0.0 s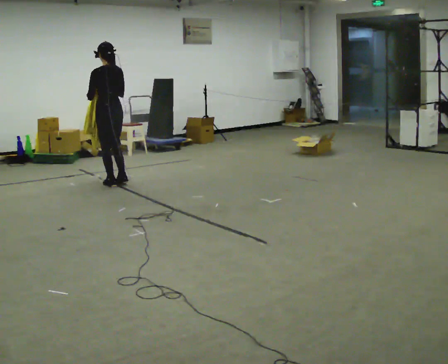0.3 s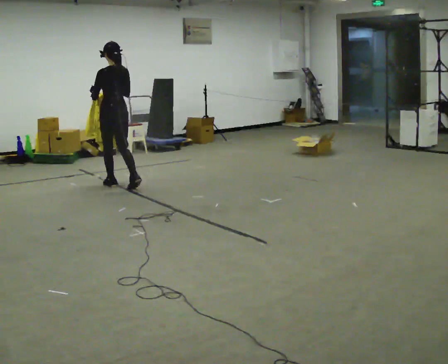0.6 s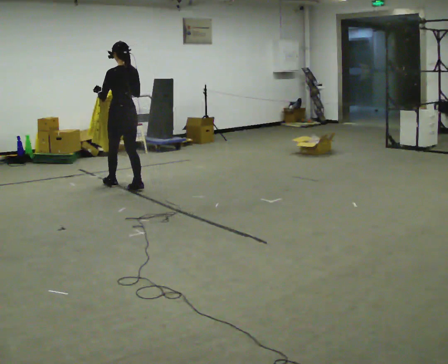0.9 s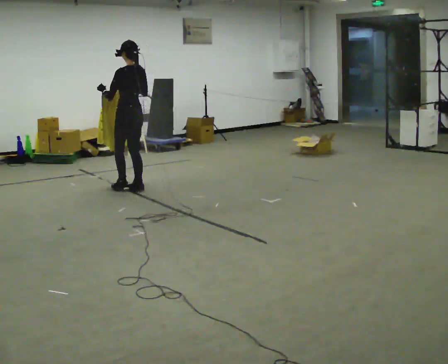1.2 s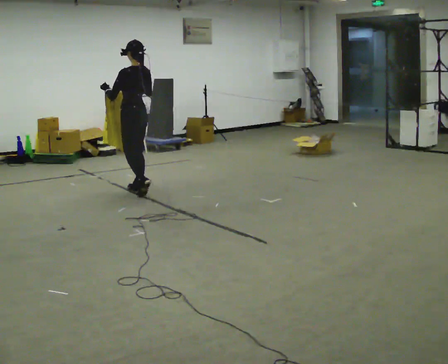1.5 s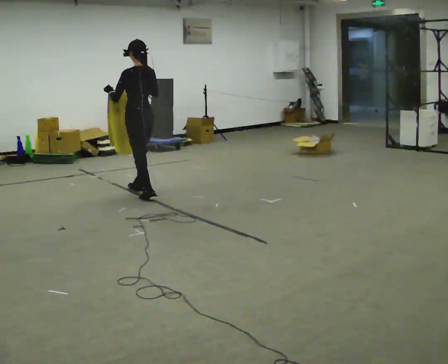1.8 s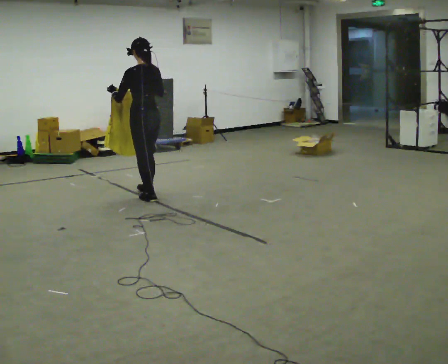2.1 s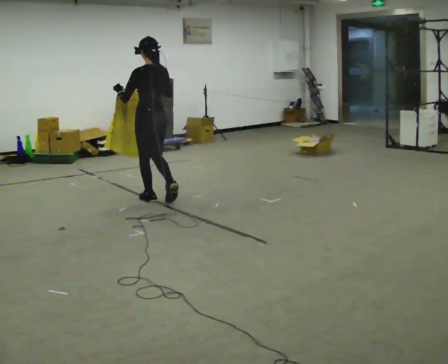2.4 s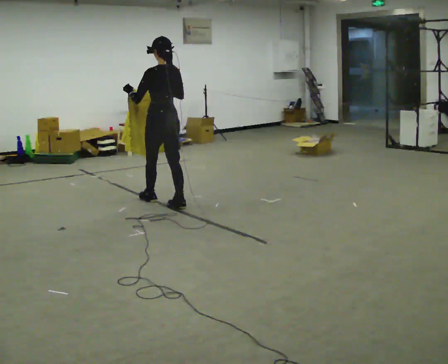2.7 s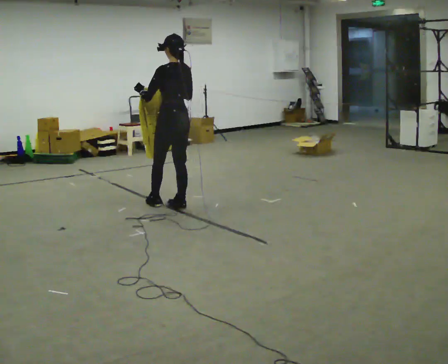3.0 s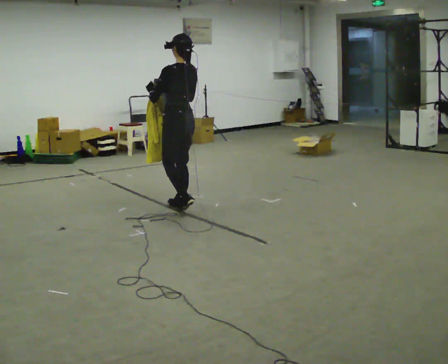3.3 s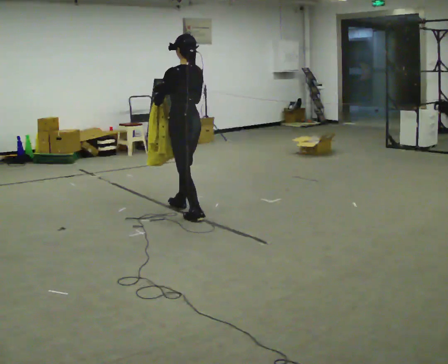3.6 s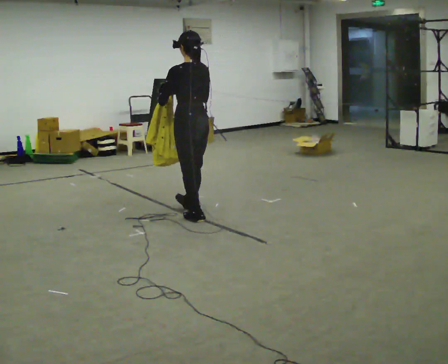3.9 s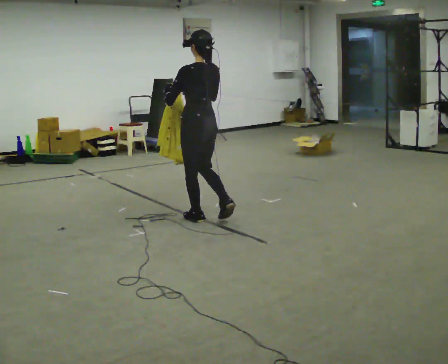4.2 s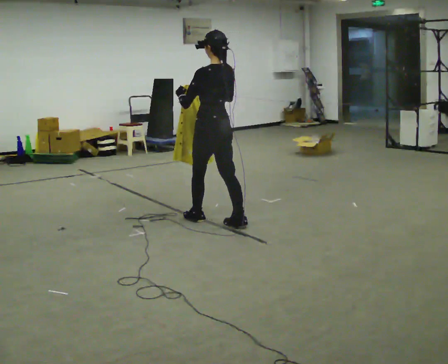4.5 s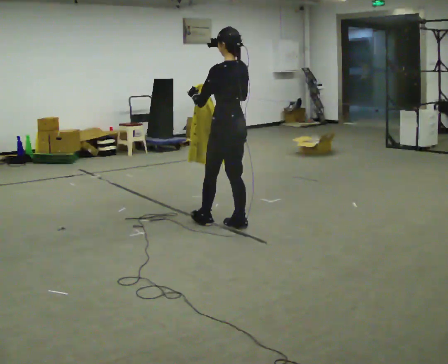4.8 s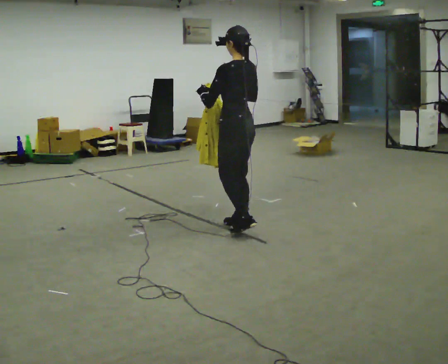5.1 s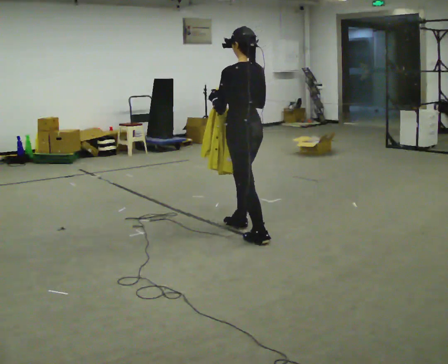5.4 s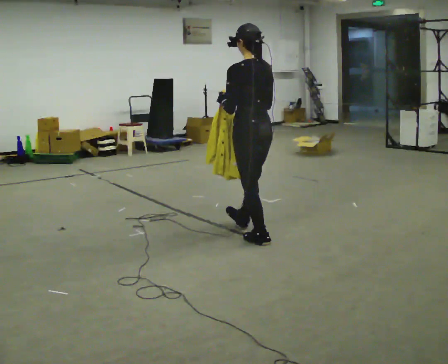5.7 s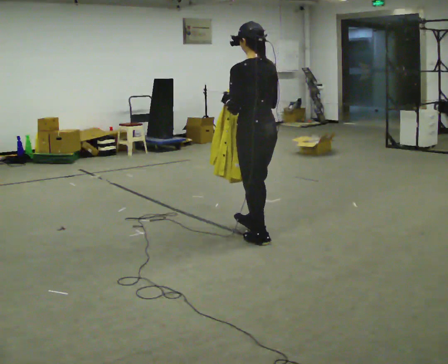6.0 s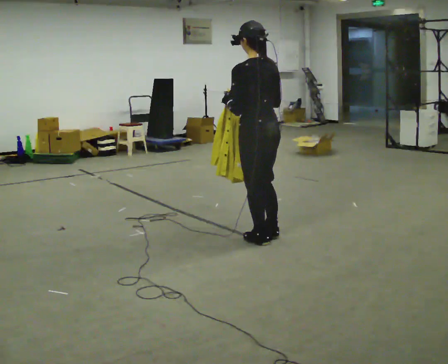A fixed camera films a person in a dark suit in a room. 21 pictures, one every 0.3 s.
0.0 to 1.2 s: In the picture they go to the right and toward the camera, about 0.5 m in 1 step, which for them is backward.
1.2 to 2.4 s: In the picture they go toward the camera and to the right, about 0.5 m in 1 step, which for them is backward.
2.4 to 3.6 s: In the picture they go toward the camera and to the right, about 0.5 m in 2 steps, which for them is backward.
3.6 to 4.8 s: In the picture they go to the right and toward the camera, about 0.5 m in 1 step, which for them is backward.
4.8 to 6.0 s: In the picture they go toward the camera and to the right, about 0.5 m in 1 step, which for them is backward.
The film runs backward here.
